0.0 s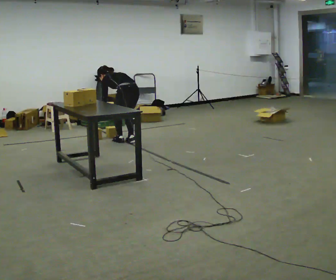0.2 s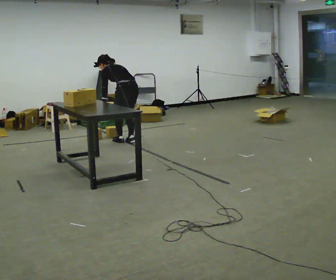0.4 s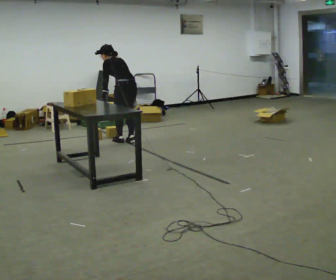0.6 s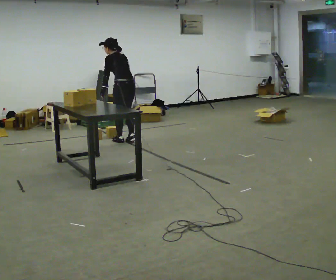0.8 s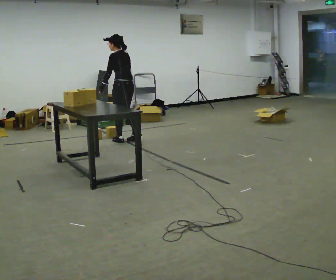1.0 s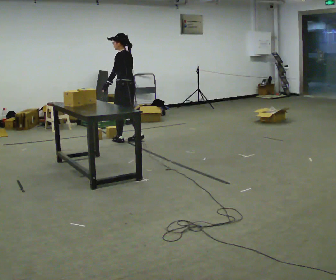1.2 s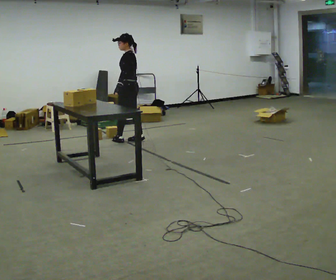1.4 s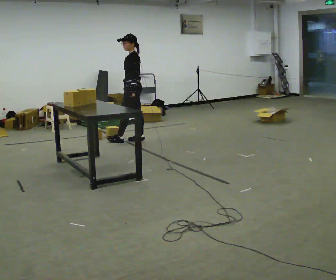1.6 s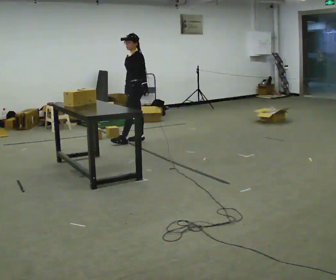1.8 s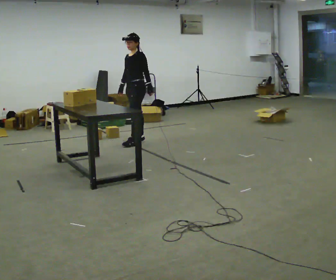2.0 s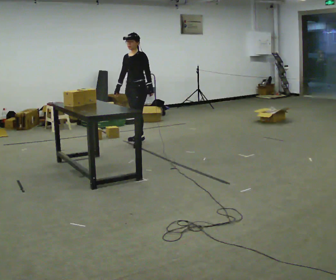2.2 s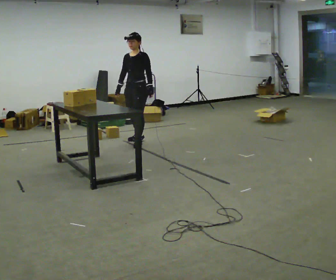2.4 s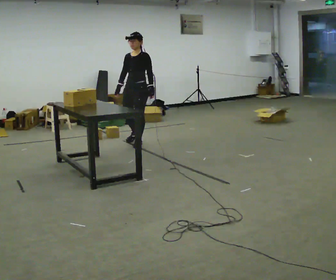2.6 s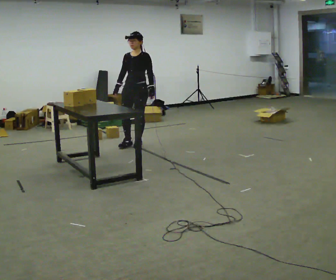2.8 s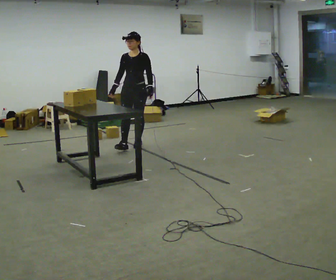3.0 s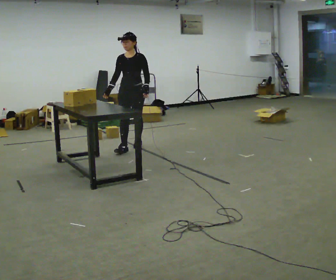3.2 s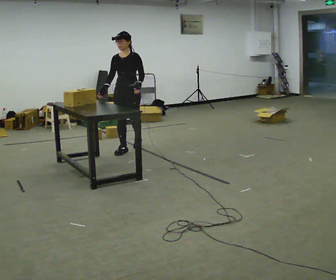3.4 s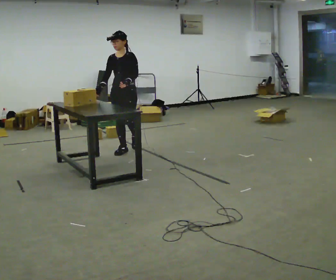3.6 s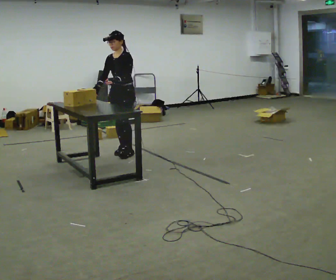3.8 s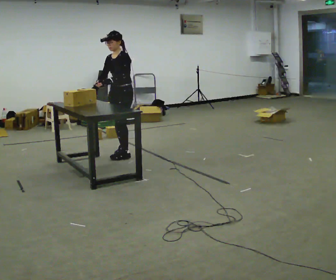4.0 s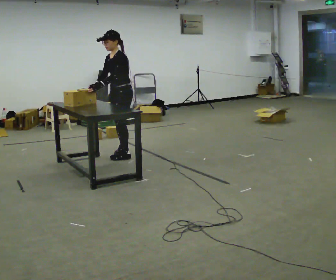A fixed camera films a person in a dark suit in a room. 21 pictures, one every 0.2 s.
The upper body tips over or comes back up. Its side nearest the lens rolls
downward.
The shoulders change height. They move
upward.
0.0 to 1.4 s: The person turns about 45 degrees to their left, counterclockwise seen from above, so the part of the body nearest the lens slides to the right. The upper body goes upward. The upper body tips toward the camera, its near side rolling downward, as they lean back or straighten. In the picture their right hand goes upward.
1.4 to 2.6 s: The person turns about 60 degrees to their left, counterclockwise seen from above, so the part of the body nearest the lens slides to the right. In the picture they go toward the camera, about 0.25 m in 1 step.
2.6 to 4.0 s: The part of the body nearest the lens slides to the left as the person turns to their right by about 45 degrees. In the picture they go toward the camera, about 0.5 m in 2 steps, which for them is forward.
The film runs forward here.
